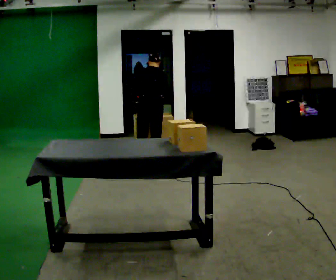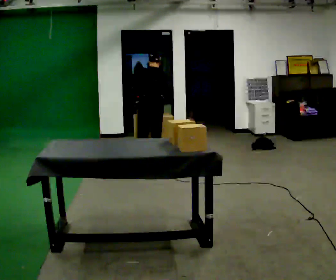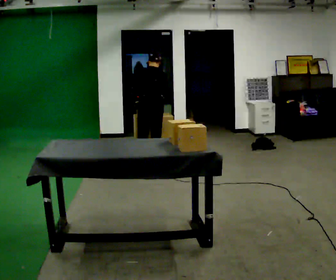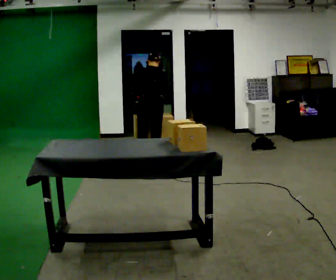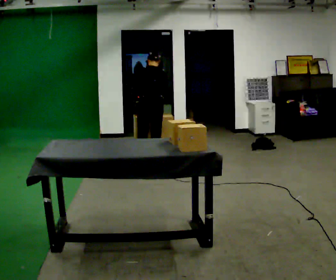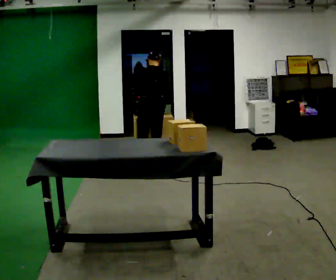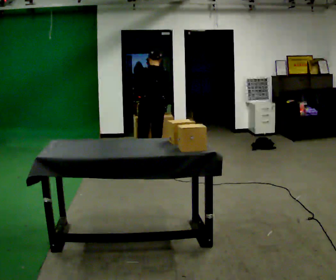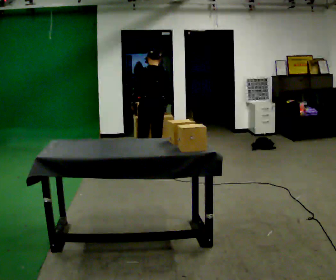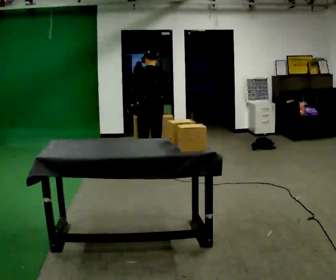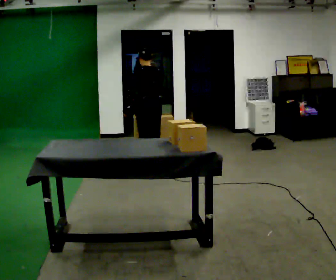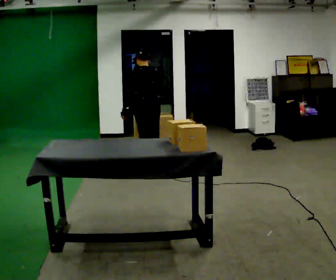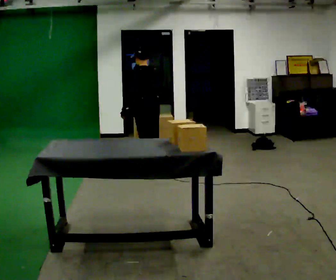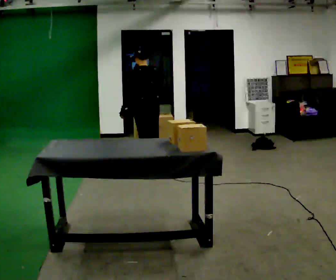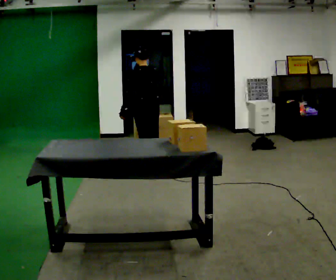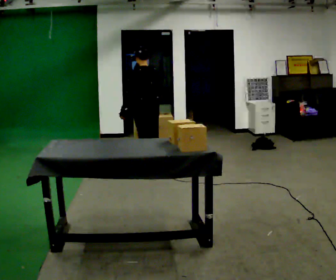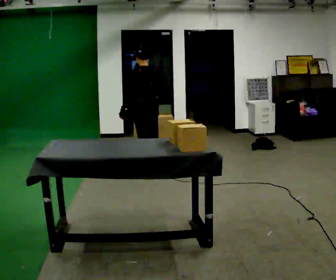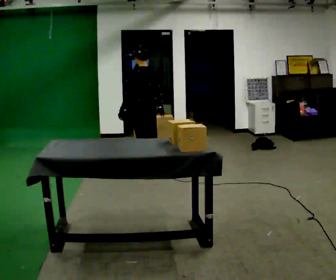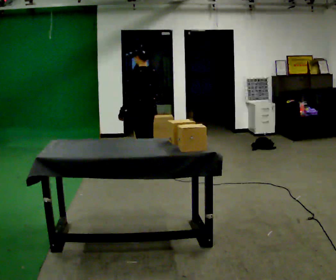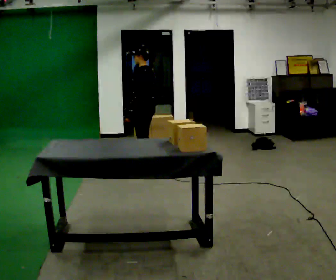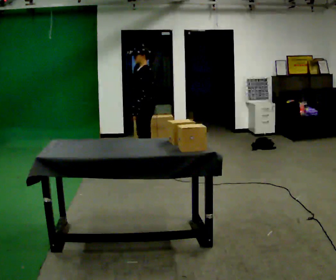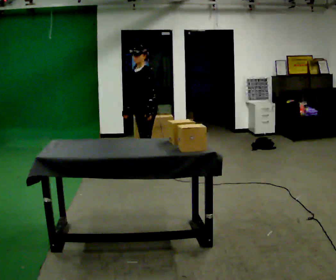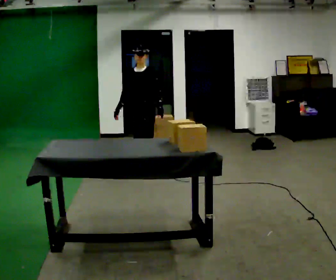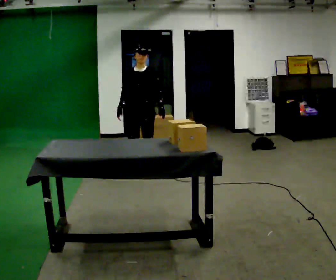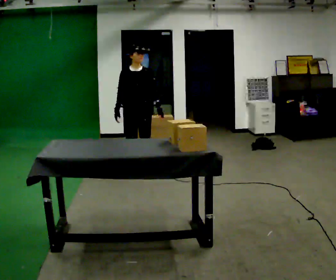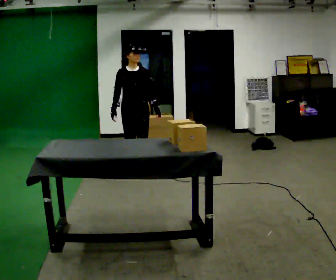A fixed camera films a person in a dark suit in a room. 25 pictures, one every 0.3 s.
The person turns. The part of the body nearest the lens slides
to the right.
The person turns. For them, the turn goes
to their left.
0.0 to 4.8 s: In the picture they go toward the camera, about 0.25 m in 1 step, which for them is backward and to their left.
4.8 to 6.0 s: The person turns about 90 degrees to their left, counterclockwise seen from above, so the part of the body nearest the lens slides to the right. In the picture their left hand goes to the right, the arm swinging counterclockwise.
6.0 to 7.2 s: Seen from above the body turns counterclockwise, about 60 degrees: to their left, with its near side sliding to the right. In the picture they go toward the camera and to the left, about 0.25 m in 1 step.
The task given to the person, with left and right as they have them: Clear everything off the table and put it away on the shelf, in as many trips as you need. Keep going until the operator says stop; one object at a time, and do not rush between trips.
The film runs forward here.
